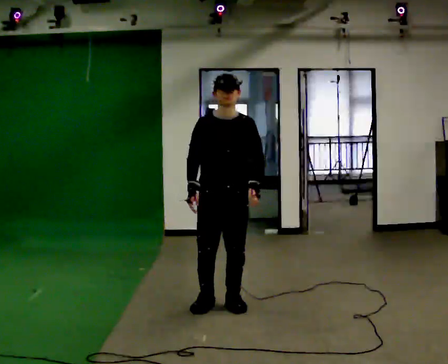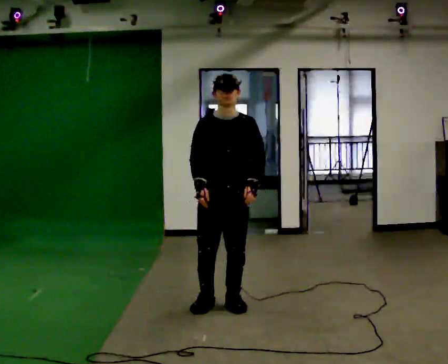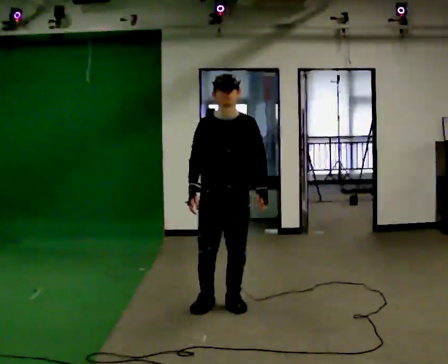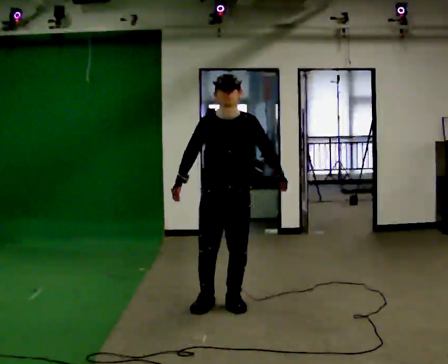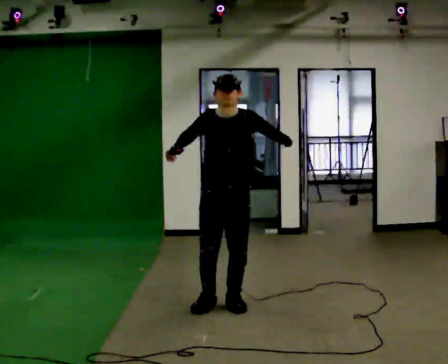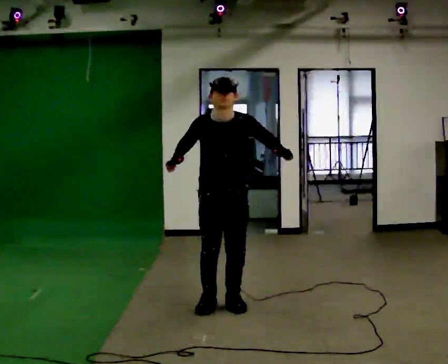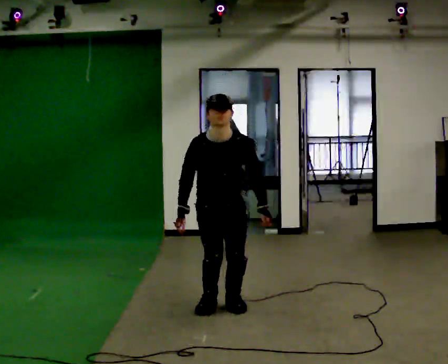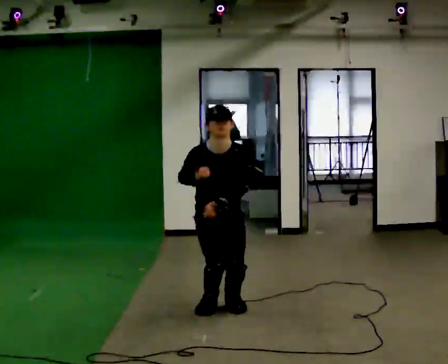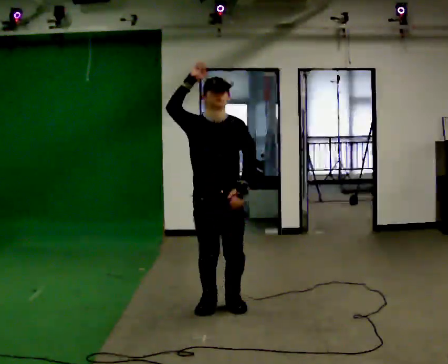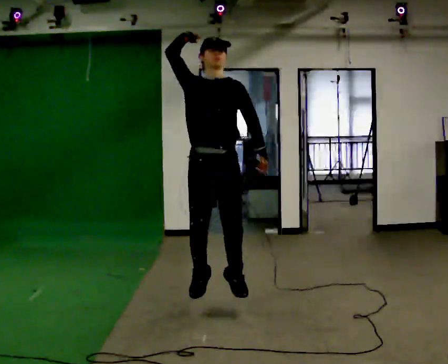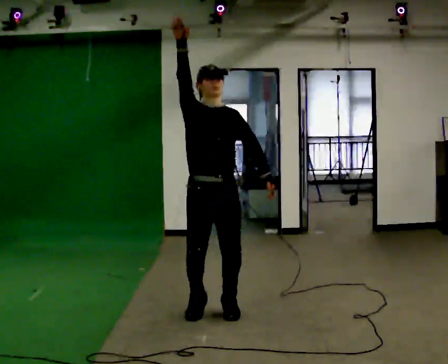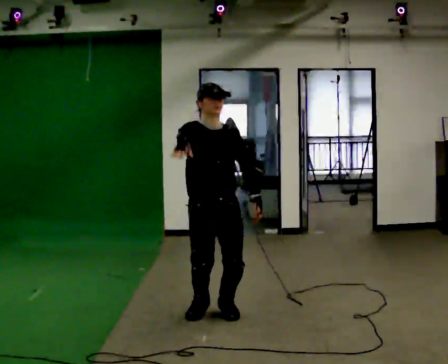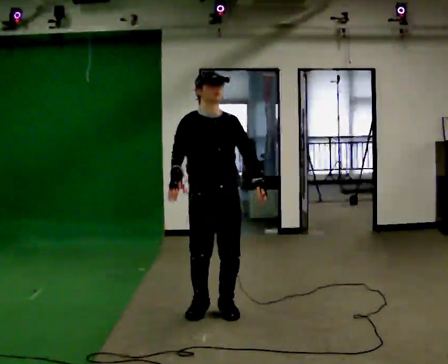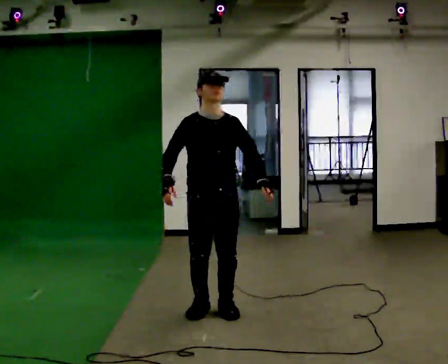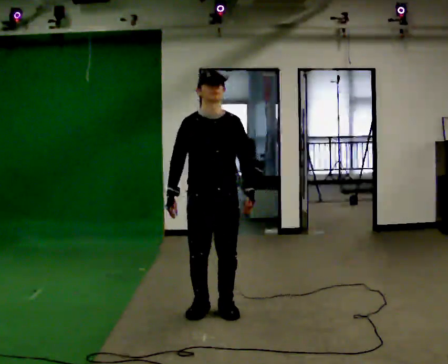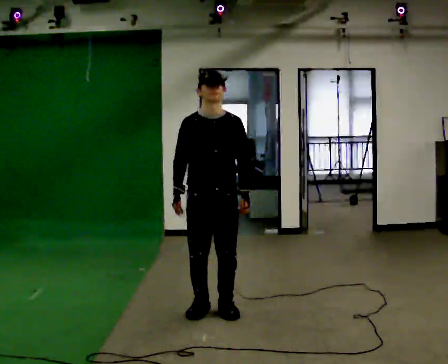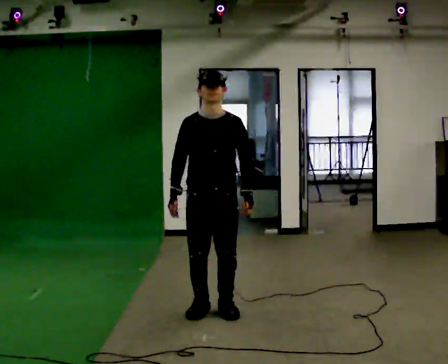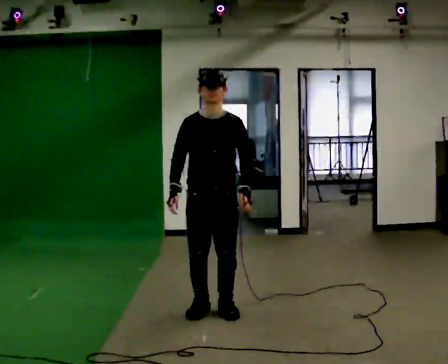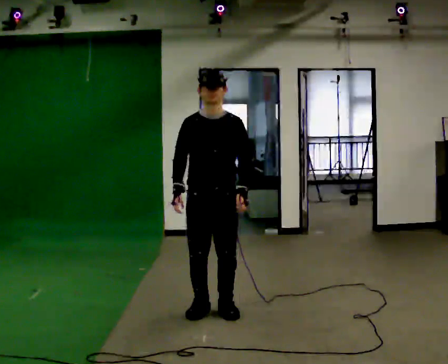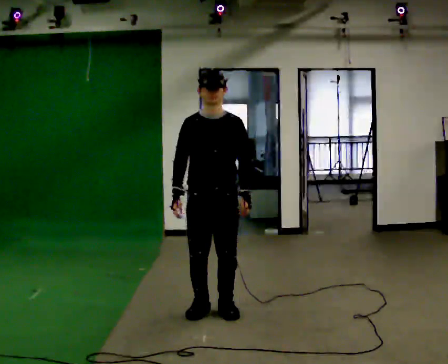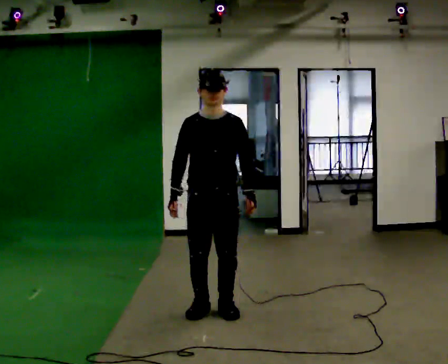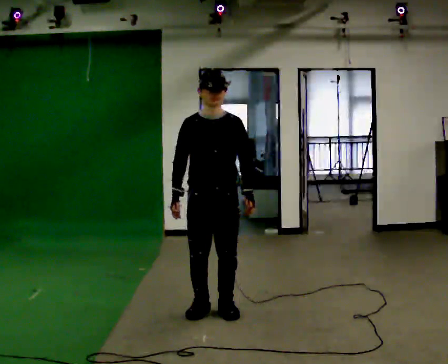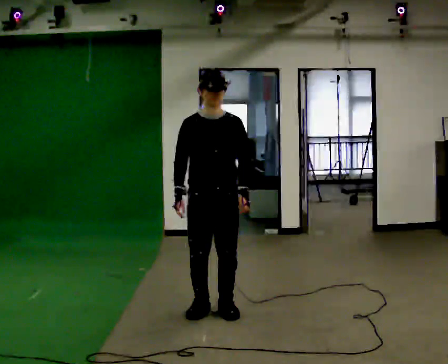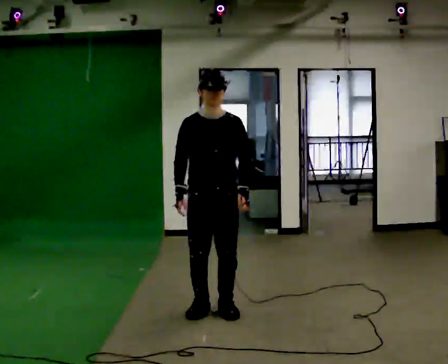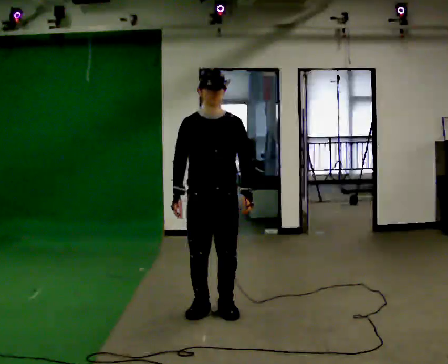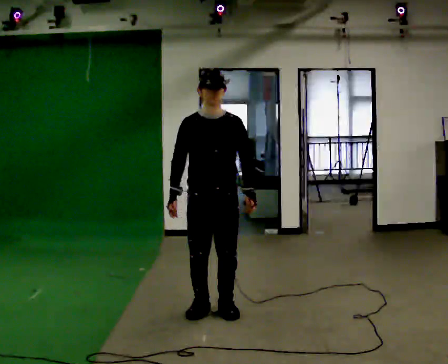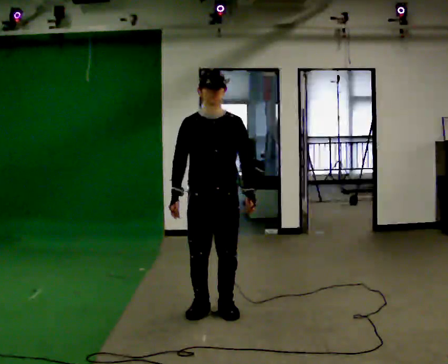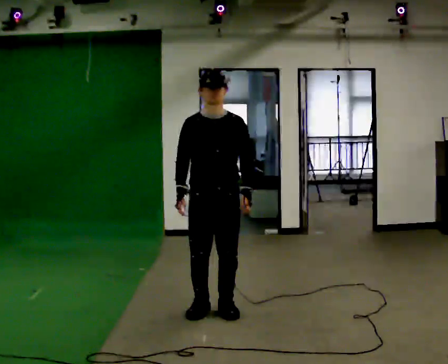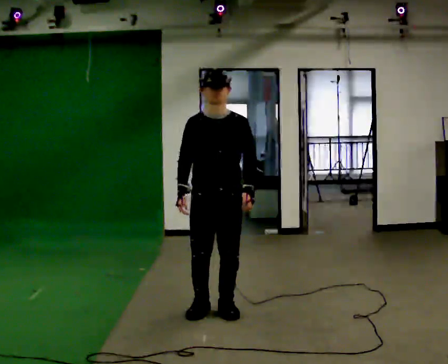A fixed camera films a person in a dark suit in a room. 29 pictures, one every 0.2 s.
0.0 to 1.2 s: The shoulders move downward. The upper body tips toward the camera, its near side rolling downward, as they bend forward.
1.2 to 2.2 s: In the picture they go toward the camera, about 0.25 m in 1 step, which for them is forward. The upper body tips away from the camera, its near side rolling upward, as they lean back or straighten. In the picture their right hand goes upward.
2.2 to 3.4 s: In the picture their right hand goes downward.
3.4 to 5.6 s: The person moves a little, or ends about where they began.
The film runs forward here.
